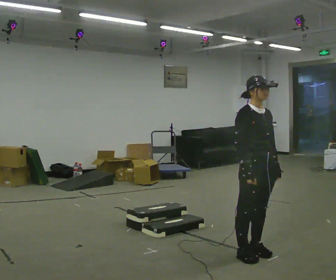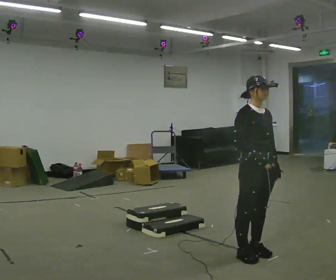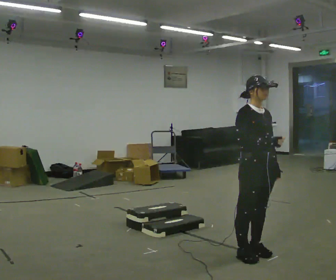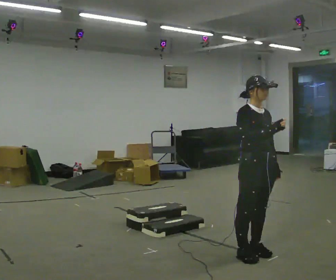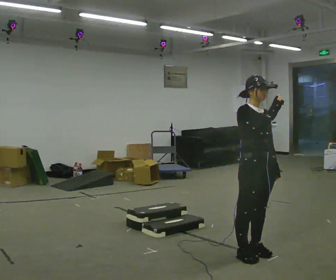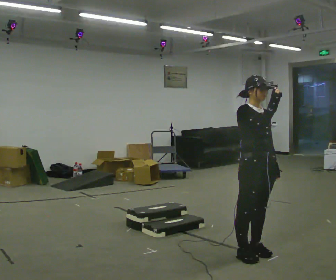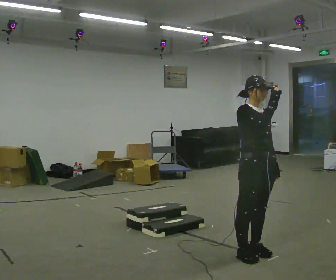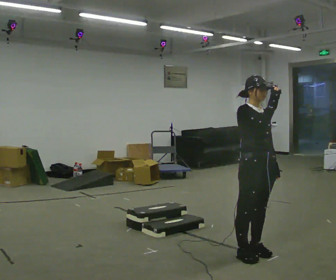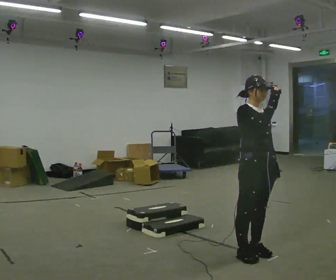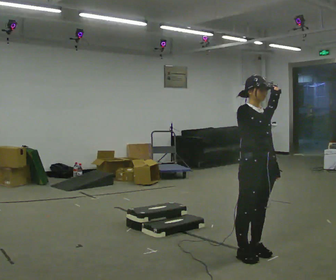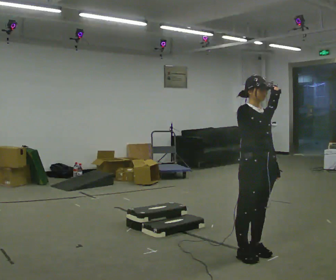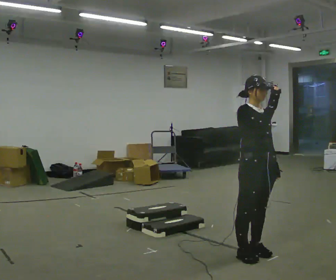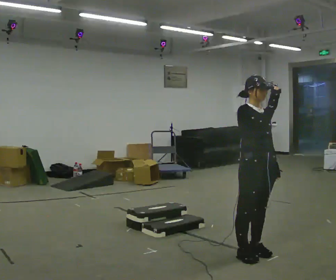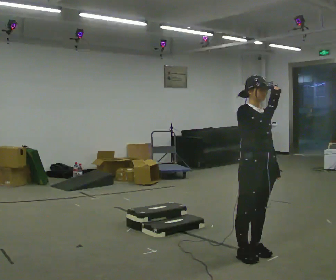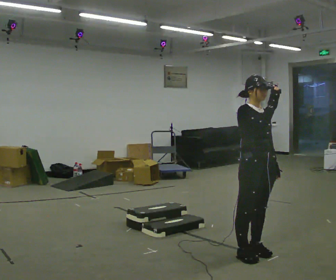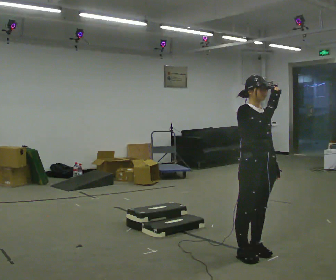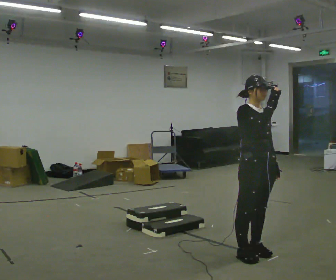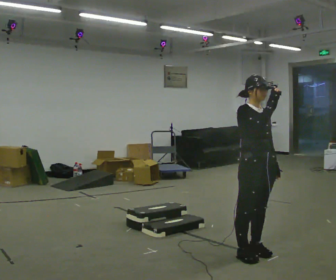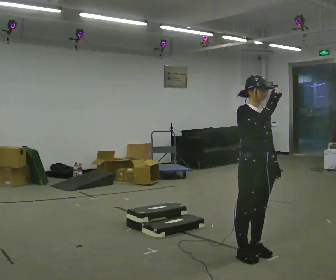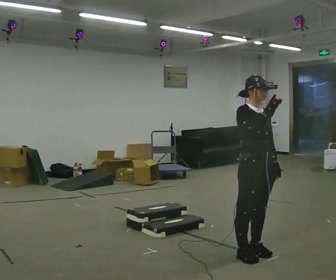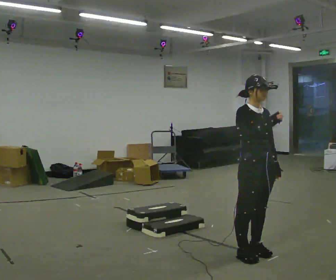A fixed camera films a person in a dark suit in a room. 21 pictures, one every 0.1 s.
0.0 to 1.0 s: In the picture their right hand goes upward.
1.0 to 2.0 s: The person moves a little, or ends about where they began.
The film runs backward here.
